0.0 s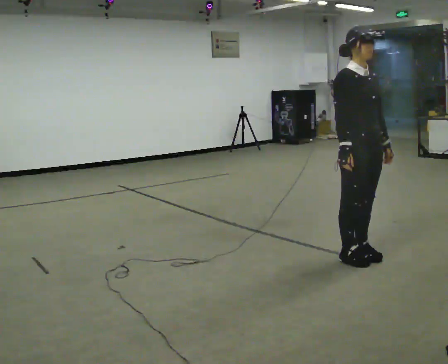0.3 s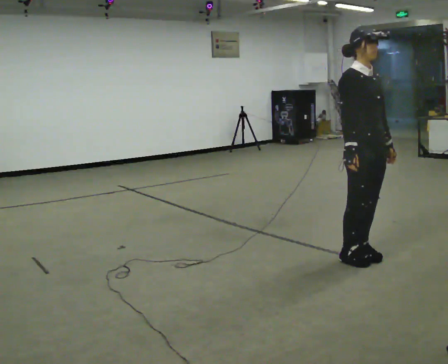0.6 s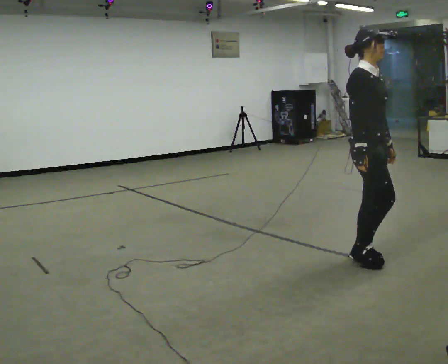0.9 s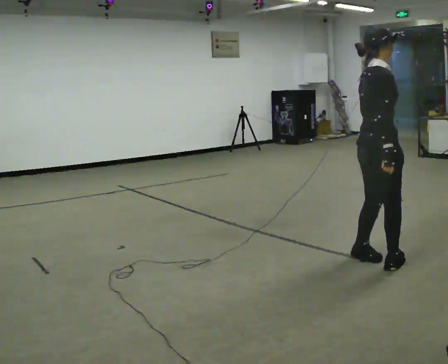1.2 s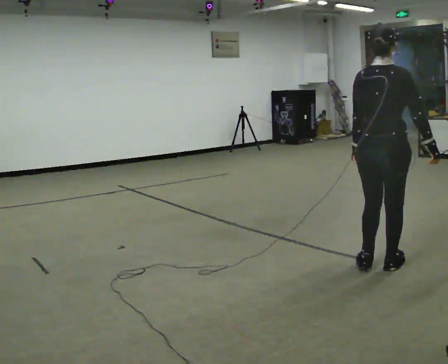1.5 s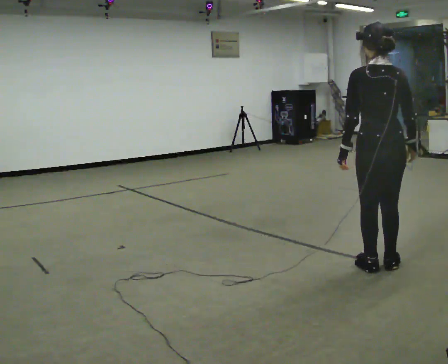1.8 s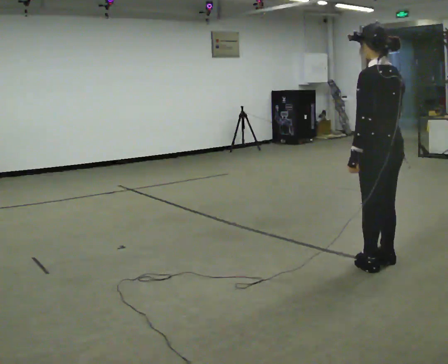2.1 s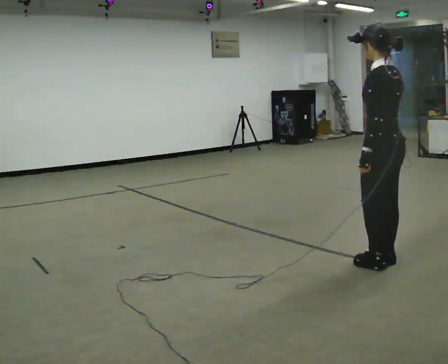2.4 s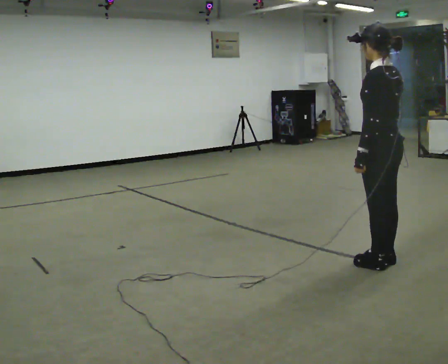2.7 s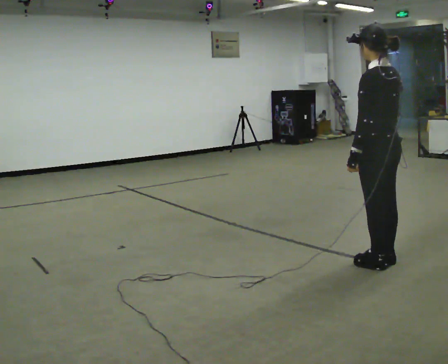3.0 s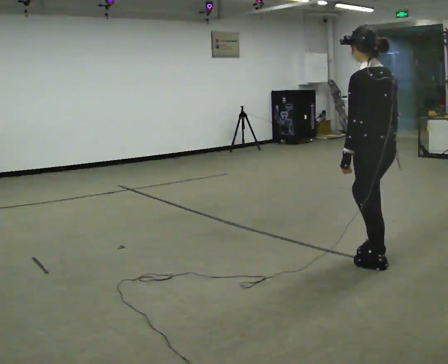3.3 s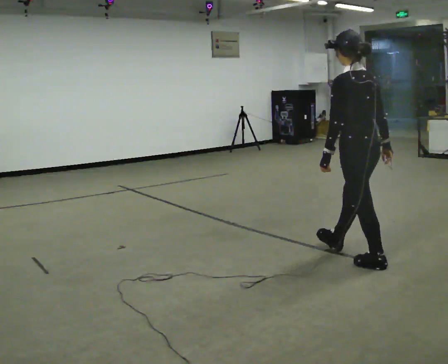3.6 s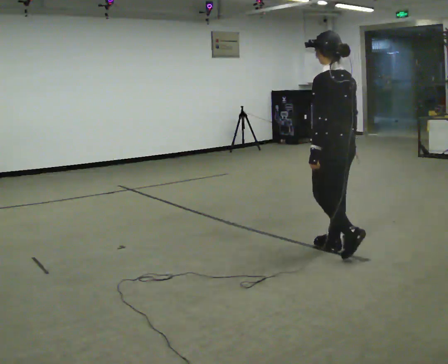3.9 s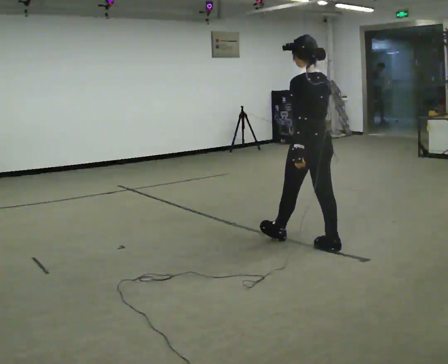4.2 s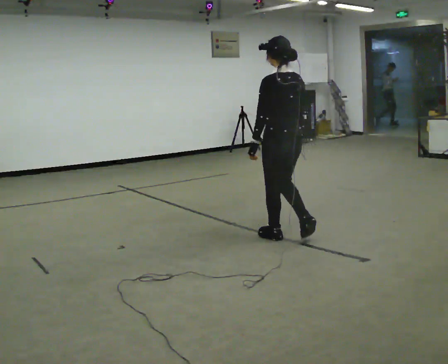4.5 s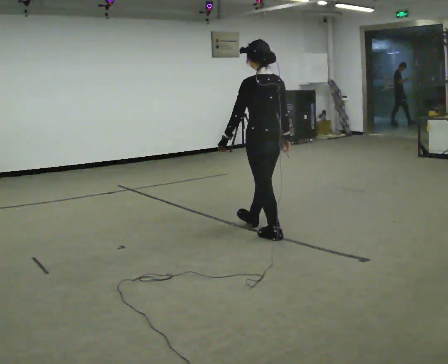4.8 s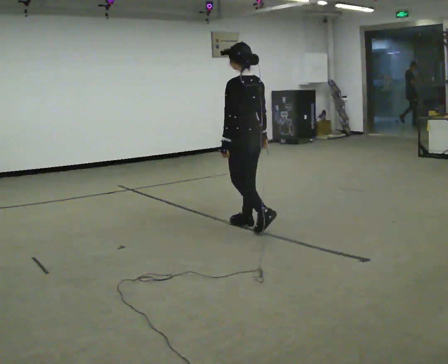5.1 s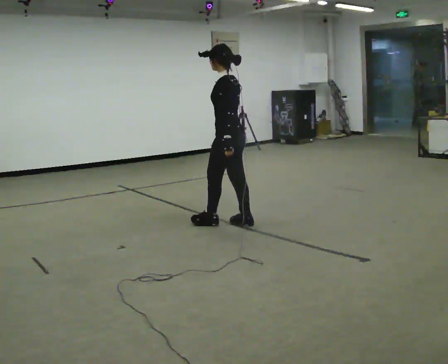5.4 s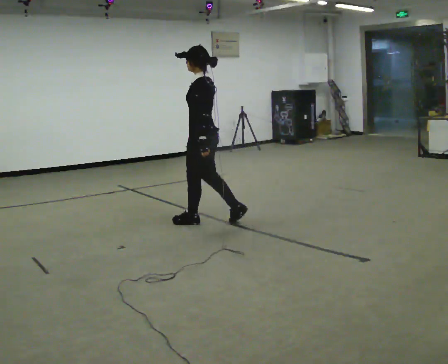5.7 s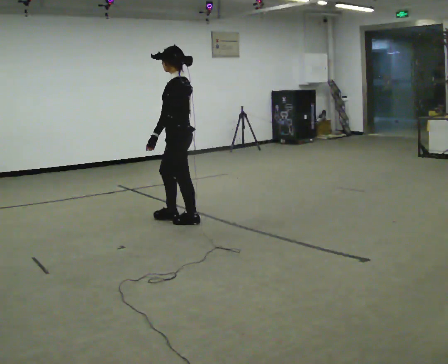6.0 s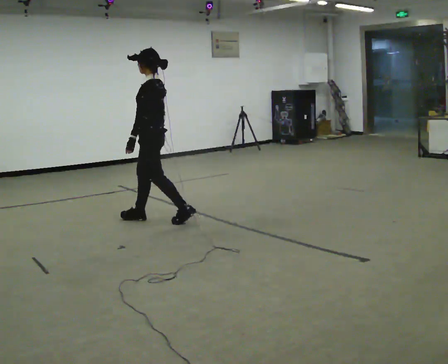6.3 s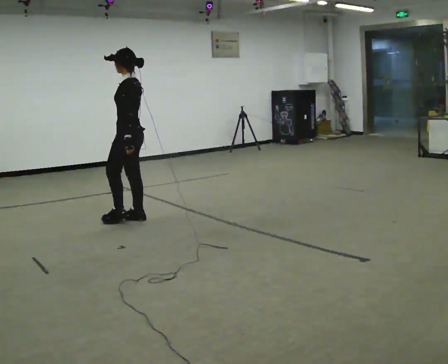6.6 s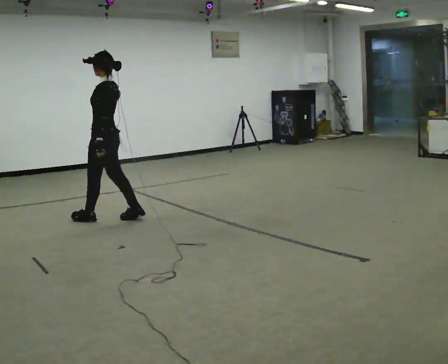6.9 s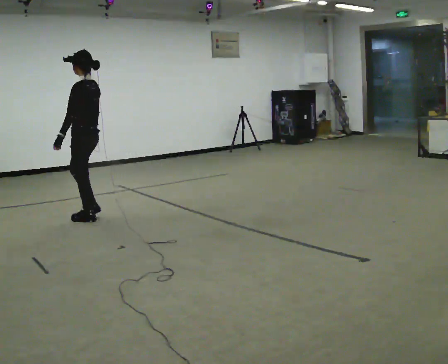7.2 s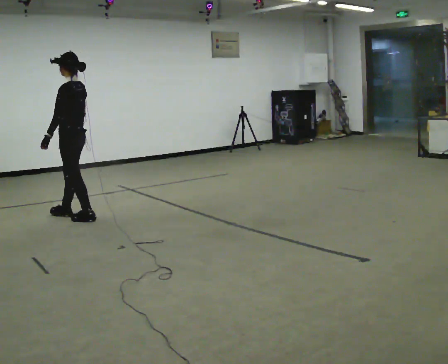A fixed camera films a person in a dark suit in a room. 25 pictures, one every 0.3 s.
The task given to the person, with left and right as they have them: Walk straight; at marker turn ~45° while continuing to walk; continue straight.
0.0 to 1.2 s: The part of the body nearest the lens slides to the right as the person turns to their left by about 120 degrees. In the picture they go toward the camera, about 0.25 m in 1 step. In the picture their right hand goes to the right, the arm swinging counterclockwise.
1.2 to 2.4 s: Seen from above the body turns counterclockwise, about 75 degrees: to their left, with its near side sliding to the right.
2.4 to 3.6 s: In the picture they go to the left and away from the camera, about 0.5 m in 1 step, which for them is forward.
3.6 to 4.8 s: In the picture they go to the left and away from the camera, about 1 m in 2 steps, which for them is forward.
4.8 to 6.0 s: The person turns about 30 degrees to their left, counterclockwise seen from above, so the part of the body nearest the lens slides to the right. In the picture they go to the left, about 1 m in 2 steps, which for them is forward.
6.0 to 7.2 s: In the picture they go to the left, about 1 m in 2 steps, which for them is forward.
The film runs forward here.
